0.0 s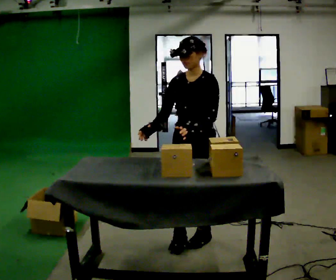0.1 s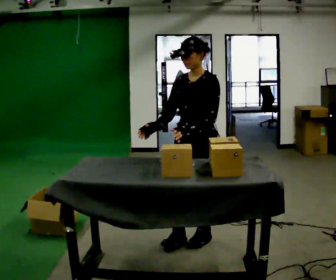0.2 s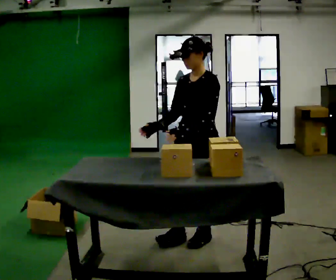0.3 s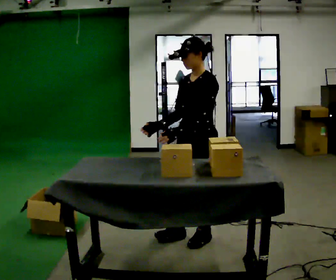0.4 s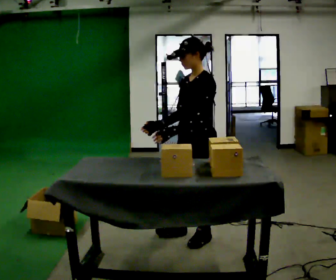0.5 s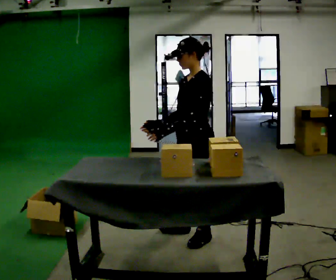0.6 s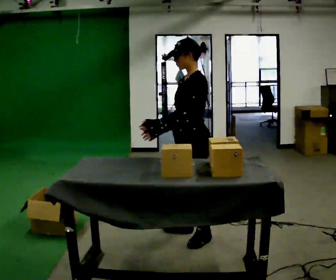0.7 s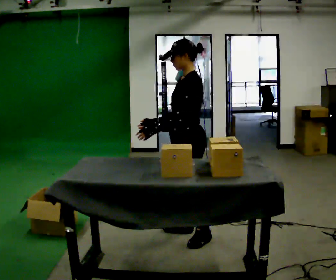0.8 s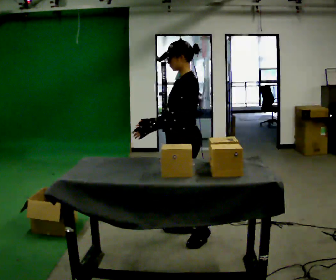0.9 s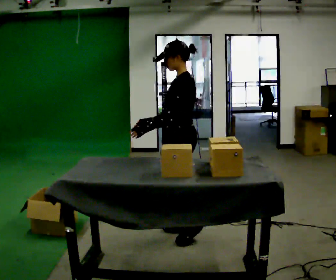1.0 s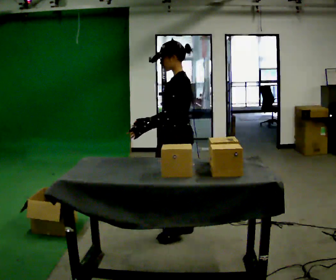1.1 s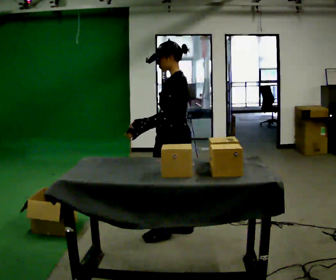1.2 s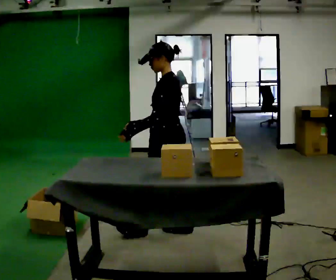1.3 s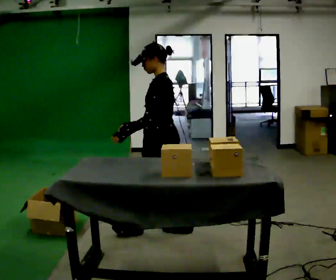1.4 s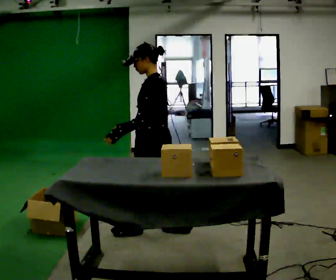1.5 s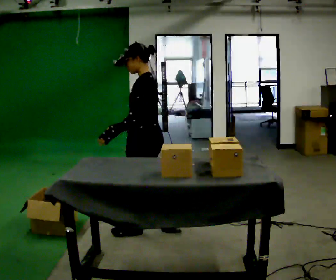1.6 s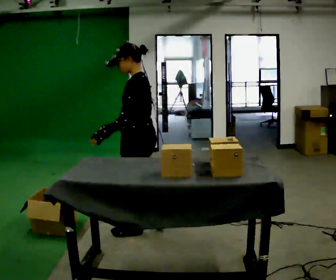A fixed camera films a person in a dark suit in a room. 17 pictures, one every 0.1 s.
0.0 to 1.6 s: The part of the body nearest the lens slides to the left as the person turns to their right by about 60 degrees. In the picture they go to the left, about 0.5 m in 2 steps.
The film runs forward here.
